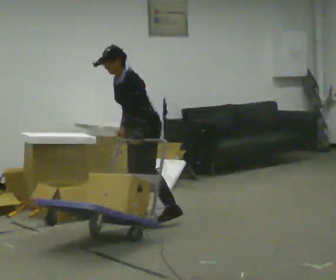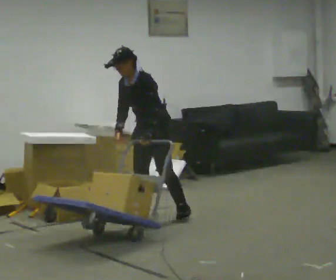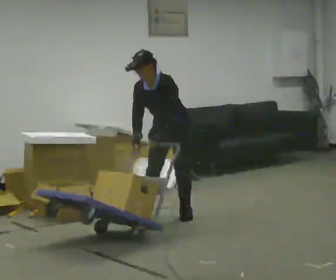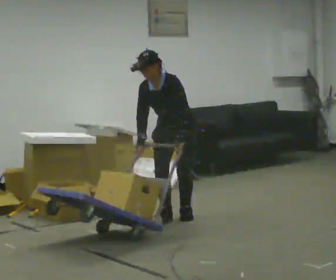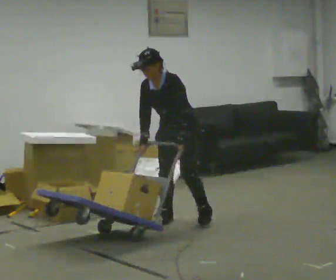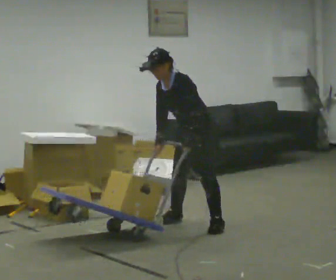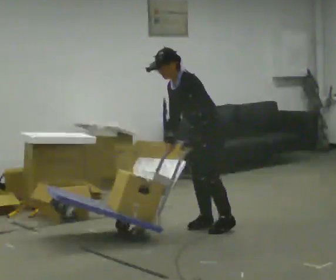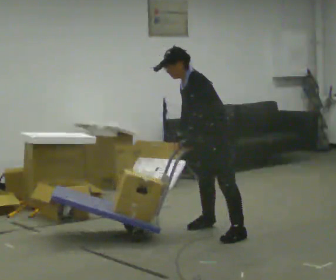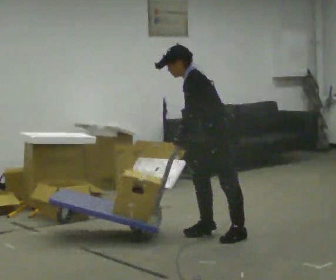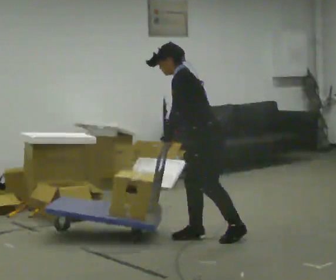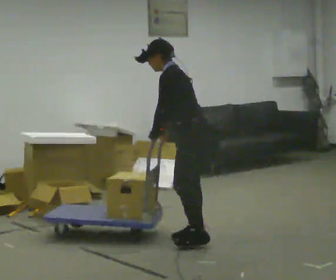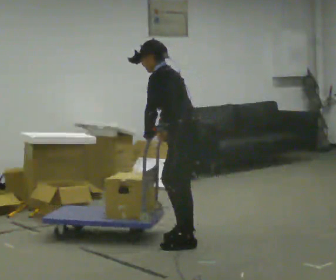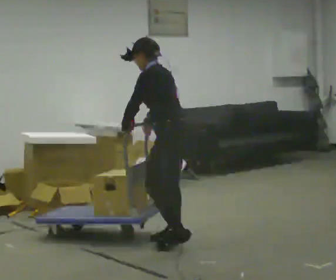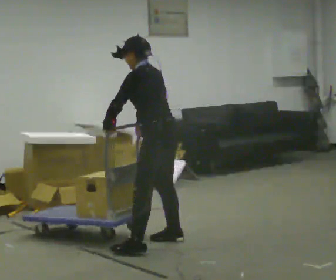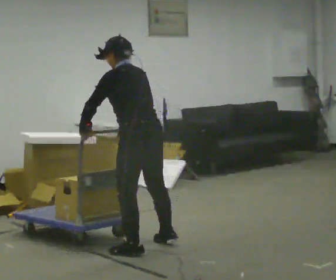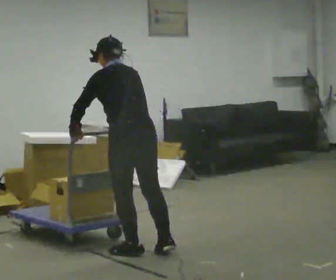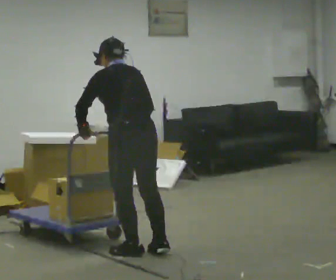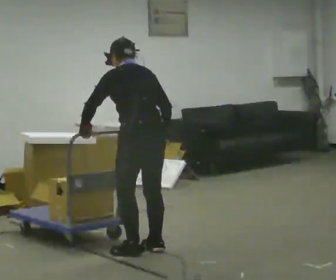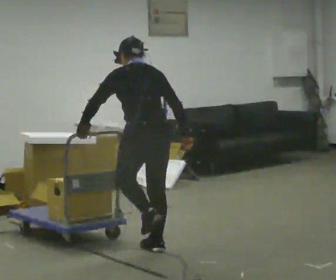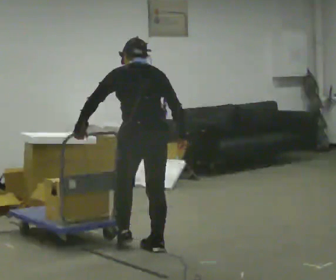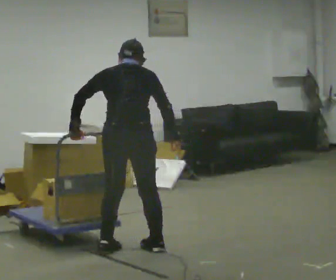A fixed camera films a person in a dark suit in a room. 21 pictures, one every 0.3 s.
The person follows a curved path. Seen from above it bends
clockwise.
The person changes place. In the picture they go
toward the camera.
0.0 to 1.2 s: Seen from above the body turns counterclockwise, about 30 degrees: to their left, with its near side sliding to the right. In the picture they go to the right, about 0.25 m in 2 steps, which for them is to their left.
1.2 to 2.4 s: Seen from above the body turns clockwise, about 45 degrees: to their right, with its near side sliding to the left. In the picture they go toward the camera and to the right, about 0.75 m in 3 steps, which for them is to their left. The upper body tips away from the camera, its near side rolling upward.
2.4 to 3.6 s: In the picture they go to the left and toward the camera, about 0.5 m in 3 steps, which for them is forward and to their left. In the picture the upper body tilts clockwise, shoulders to the right.
3.6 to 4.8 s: Seen from above the body turns clockwise, about 45 degrees: to their right, with its near side sliding to the left. In the picture they go toward the camera and to the left, about 0.5 m in 2 steps, which for them is to their left.
4.8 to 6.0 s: Seen from above the body turns clockwise, about 45 degrees: to their right, with its near side sliding to the left. In the picture the upper body tilts clockwise, shoulders to the right. In the picture their right hand goes to the right.
The film runs forward here.
